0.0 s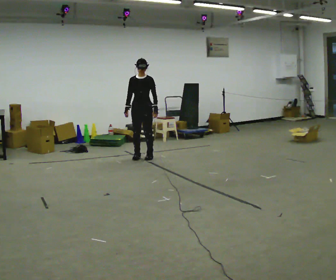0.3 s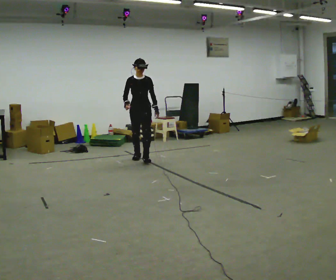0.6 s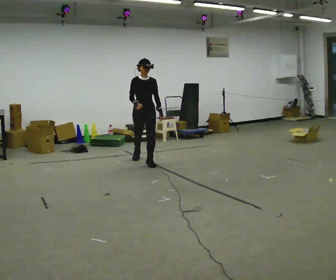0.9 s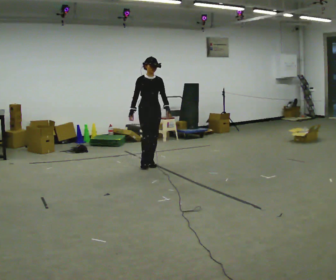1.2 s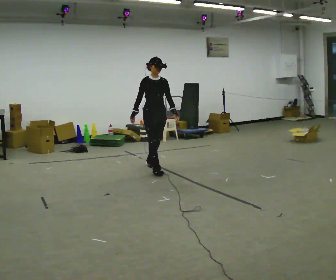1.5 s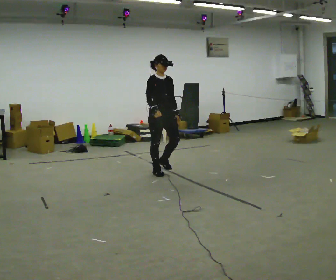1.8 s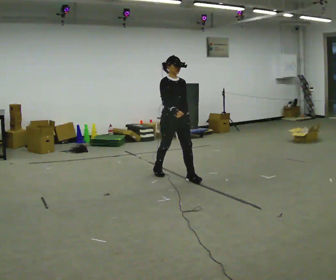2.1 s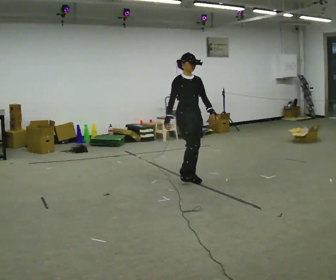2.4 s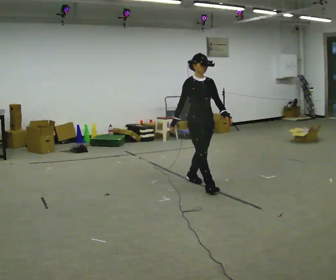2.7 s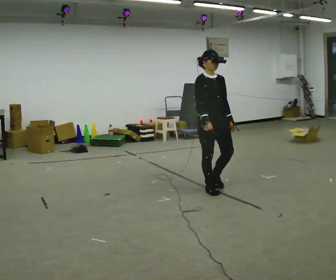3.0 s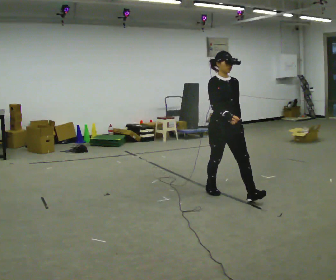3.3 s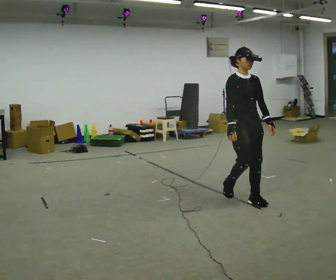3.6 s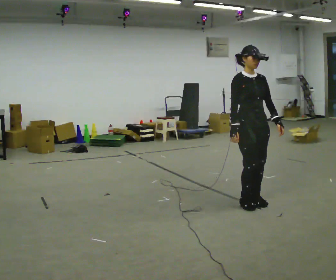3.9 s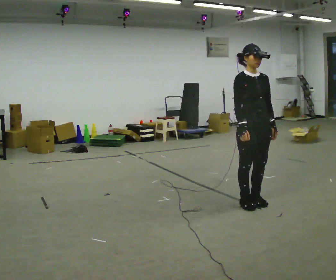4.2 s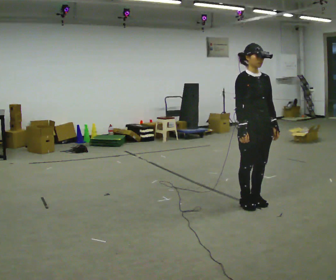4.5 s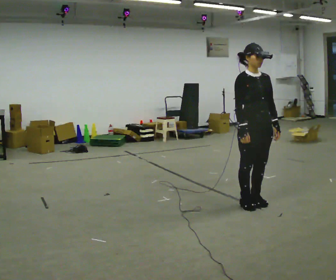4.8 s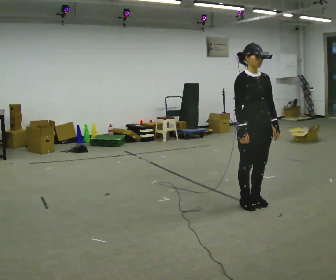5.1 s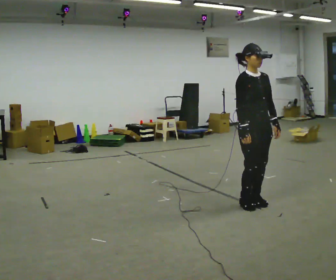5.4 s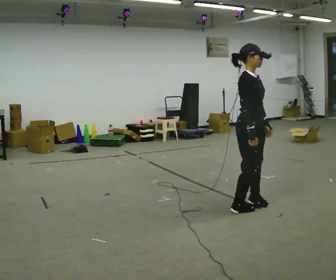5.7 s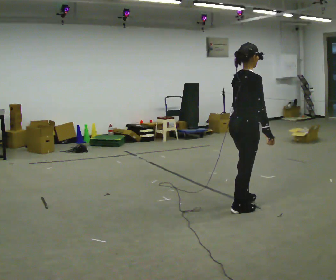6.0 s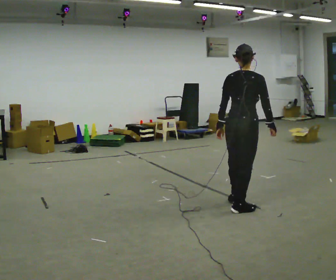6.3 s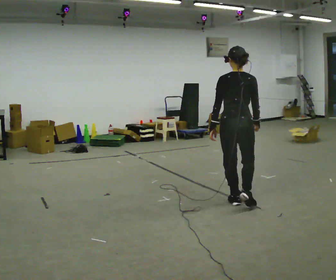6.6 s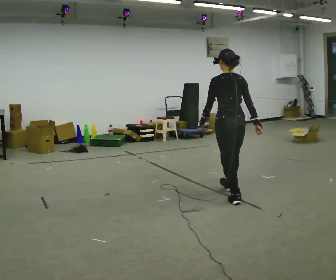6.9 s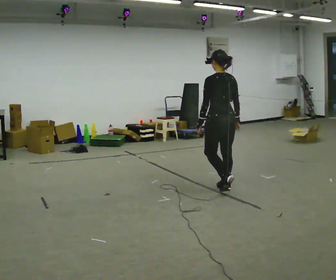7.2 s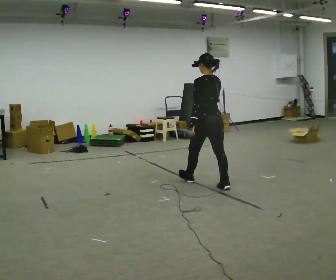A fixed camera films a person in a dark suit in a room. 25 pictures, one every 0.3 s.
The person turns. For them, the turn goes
to their left.
The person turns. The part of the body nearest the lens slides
to the right.
0.0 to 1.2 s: The part of the body nearest the lens slides to the right as the person turns to their left by about 30 degrees. In the picture they go toward the camera and to the right, about 1 m in 2 steps, which for them is forward.
1.2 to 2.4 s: In the picture they go toward the camera and to the right, about 1 m in 2 steps, which for them is forward.
2.4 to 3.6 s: In the picture they go toward the camera and to the right, about 1 m in 2 steps, which for them is forward.
3.6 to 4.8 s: The person moves a little, or ends about where they began.
4.8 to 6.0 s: Seen from above the body turns counterclockwise, about 135 degrees: to their left, with its near side sliding to the right. In the picture their left hand goes to the left, the arm swinging clockwise.
6.0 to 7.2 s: The person turns about 60 degrees to their left, counterclockwise seen from above, so the part of the body nearest the lens slides to the right. In the picture they go away from the camera and to the left, about 1 m in 1 step, which for them is forward.
The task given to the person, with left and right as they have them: Start still; walk straight at normal comfortable speed; stop at endpoint.
The film runs forward here.
